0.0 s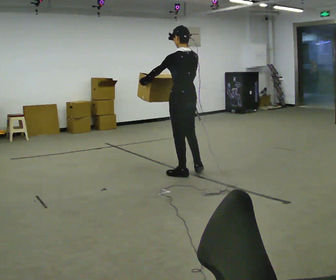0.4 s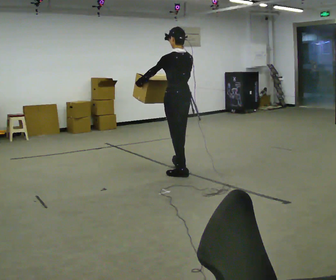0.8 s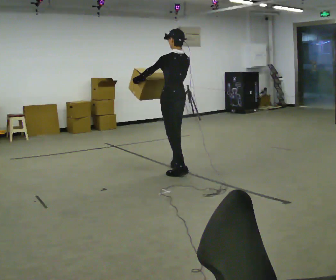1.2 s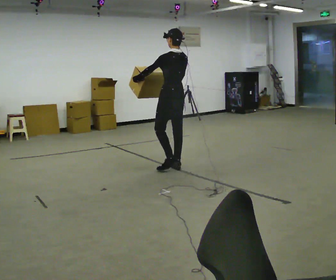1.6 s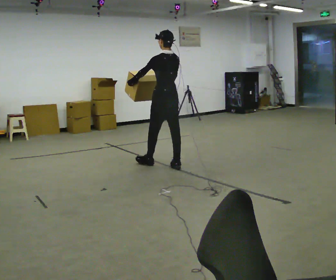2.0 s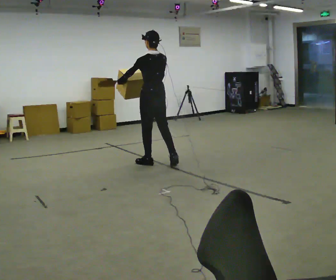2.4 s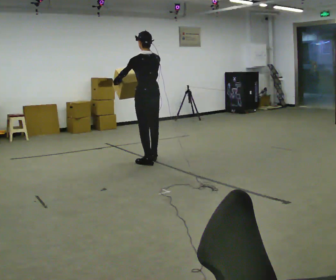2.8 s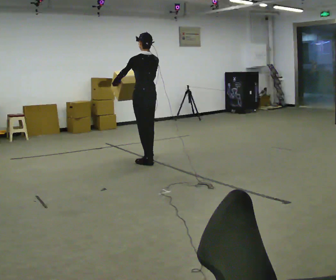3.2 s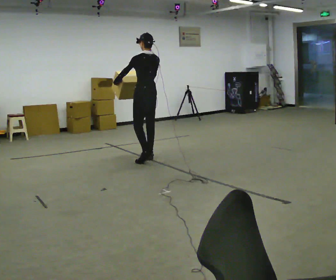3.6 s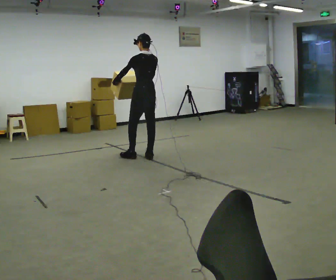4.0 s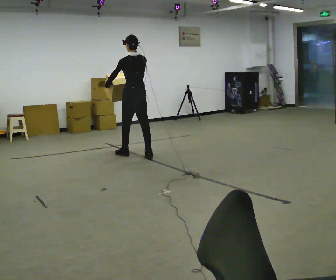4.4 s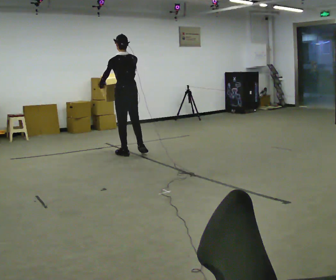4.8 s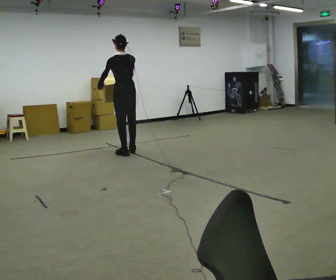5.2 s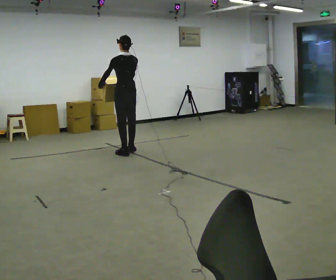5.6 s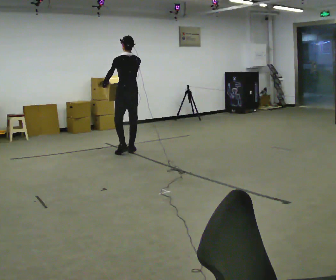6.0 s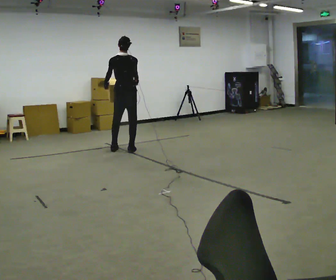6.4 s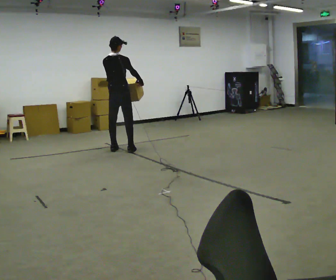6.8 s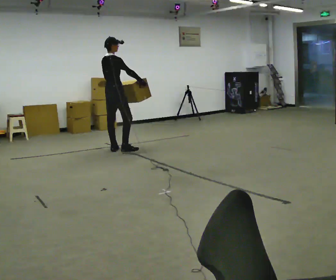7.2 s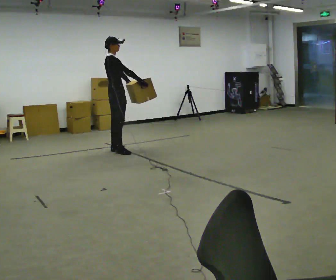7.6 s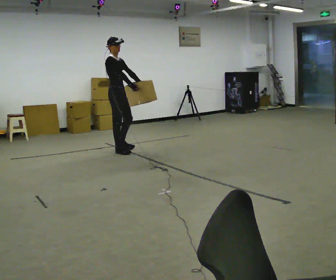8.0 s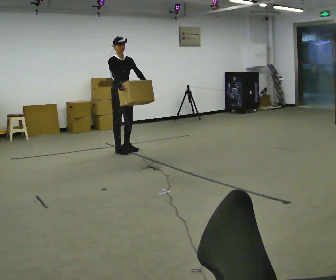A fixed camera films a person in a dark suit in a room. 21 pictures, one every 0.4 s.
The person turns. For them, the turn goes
to their right.
Their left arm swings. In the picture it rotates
counterclockwise.
0.0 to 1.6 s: In the picture they go away from the camera, about 0.5 m in 2 steps, which for them is forward.
1.6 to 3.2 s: In the picture they go away from the camera and to the left, about 0.5 m in 1 step, which for them is forward.
3.2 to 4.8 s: In the picture they go to the left and away from the camera, about 0.5 m in 1 step, which for them is forward.
4.8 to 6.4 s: The person turns about 45 degrees to their right, clockwise seen from above, so the part of the body nearest the lens slides to the left. In the picture they go away from the camera, about 0.25 m in 2 steps, which for them is forward.
6.4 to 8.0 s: The person turns about 120 degrees to their right, clockwise seen from above, so the part of the body nearest the lens slides to the left. In the picture their right hand goes to the left, the arm swinging clockwise.
The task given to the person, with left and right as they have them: Carry the box across the room, stopping and starting again each time the operator says stop and go. Do not set the box down.
The film runs forward here.
